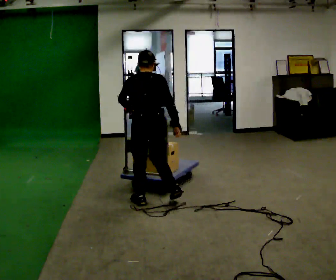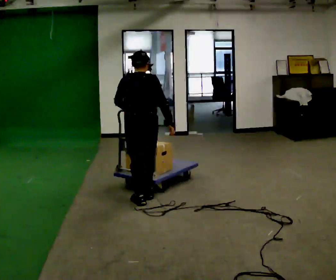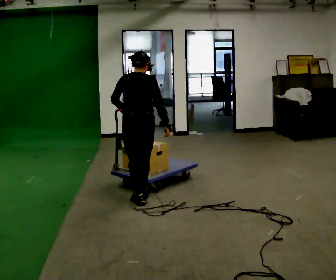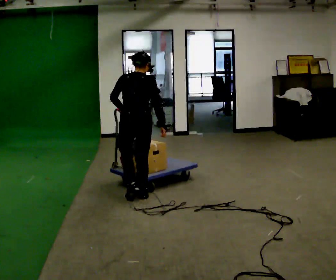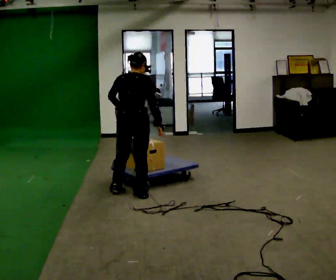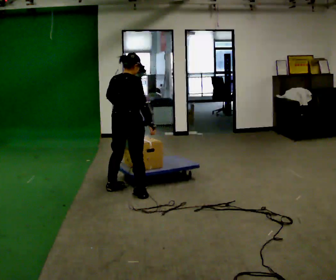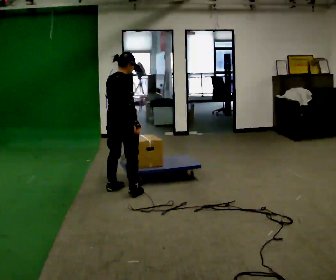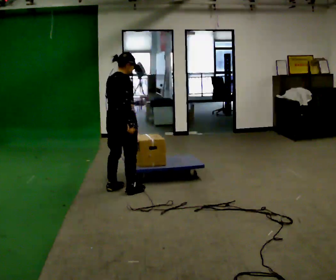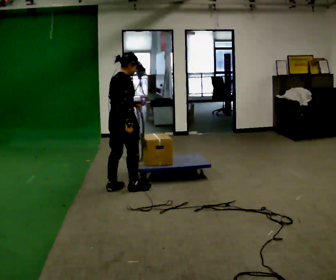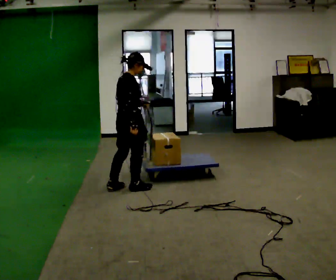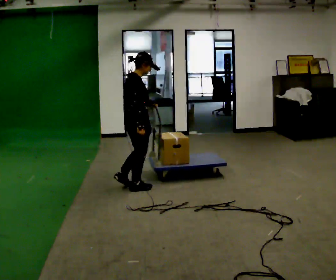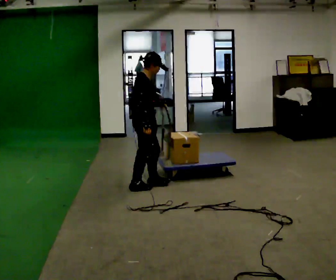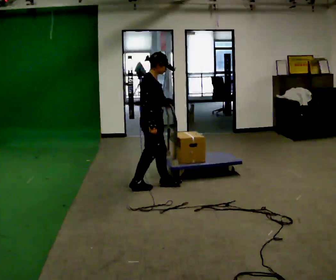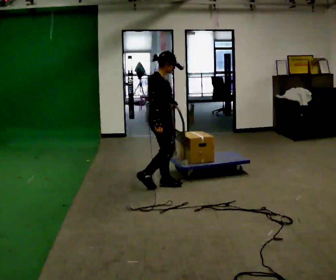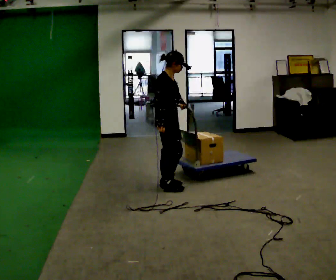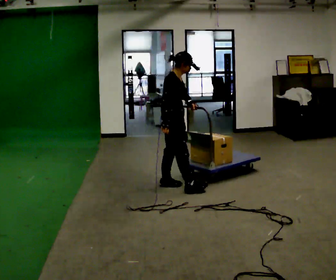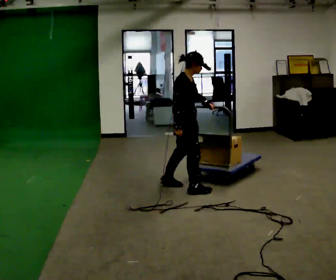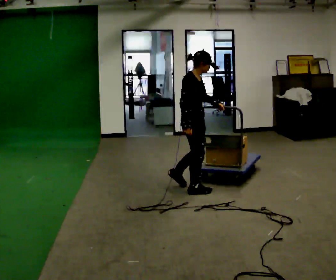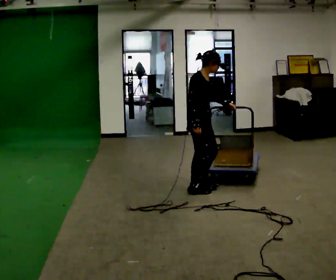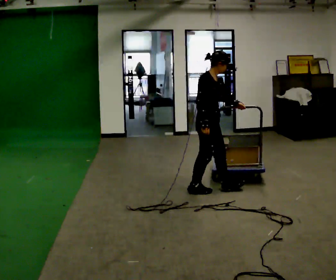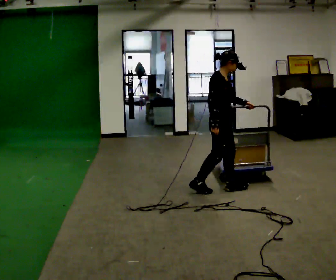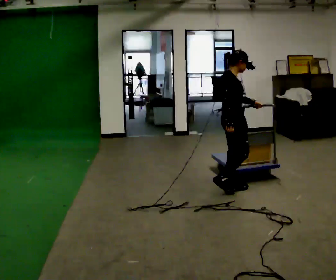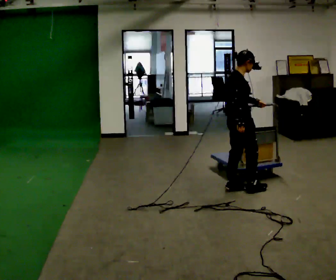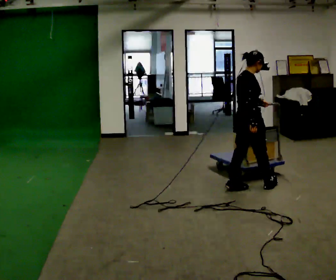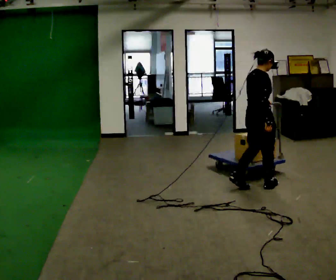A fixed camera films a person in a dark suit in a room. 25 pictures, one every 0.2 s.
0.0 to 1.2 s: The part of the body nearest the lens slides to the left as the person turns to their right by about 45 degrees. In the picture they go away from the camera and to the left, about 0.5 m in 2 steps, which for them is forward and to their left.
1.2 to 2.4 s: The person turns about 45 degrees to their right, clockwise seen from above, so the part of the body nearest the lens slides to the left. In the picture they go to the right, about 0.25 m in 2 steps, which for them is forward.
2.4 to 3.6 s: In the picture they go to the right, about 0.5 m in 1 step, which for them is forward.
3.6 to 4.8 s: Seen from above the body turns counterclockwise, about 30 degrees: to their left, with its near side sliding to the right. In the picture they go to the right, about 0.5 m in 2 steps, which for them is forward.
The film runs forward here.
